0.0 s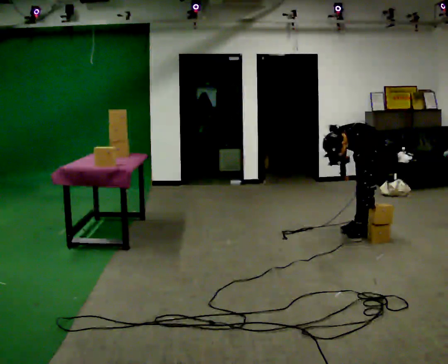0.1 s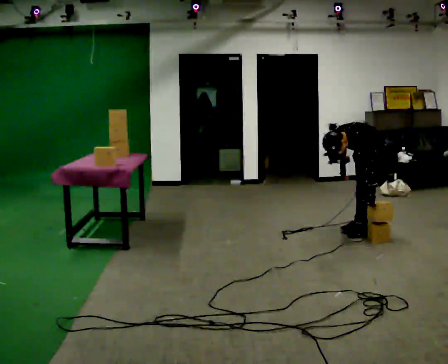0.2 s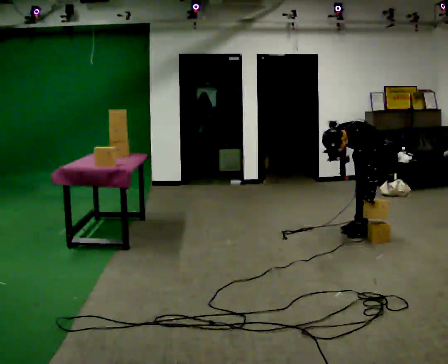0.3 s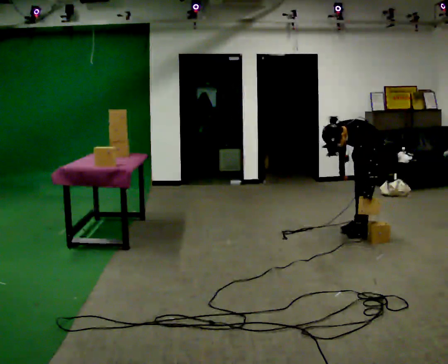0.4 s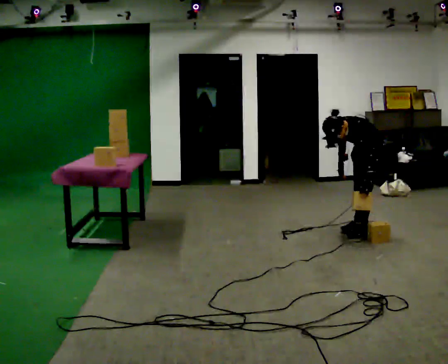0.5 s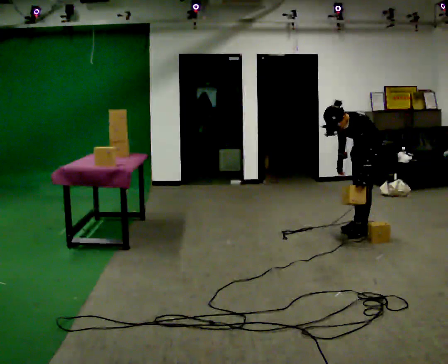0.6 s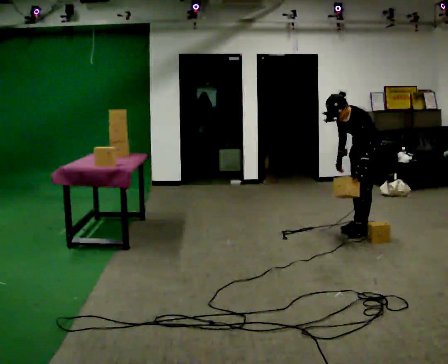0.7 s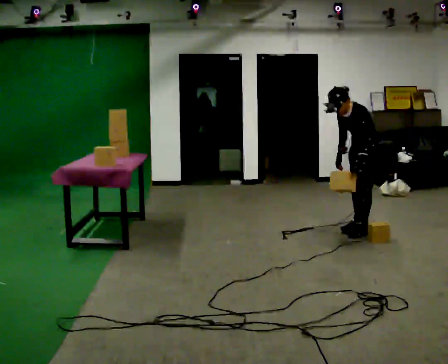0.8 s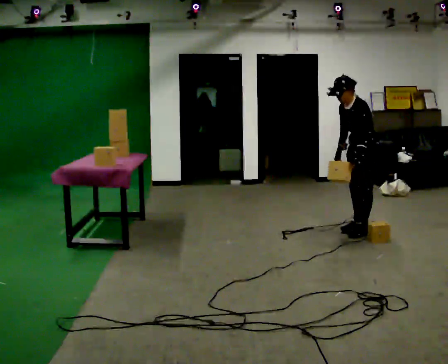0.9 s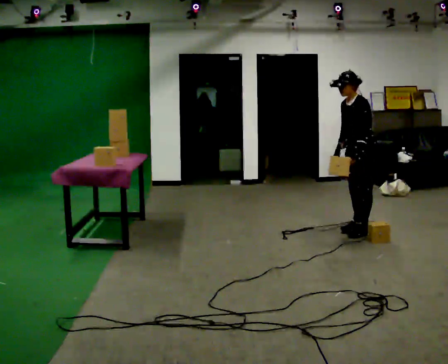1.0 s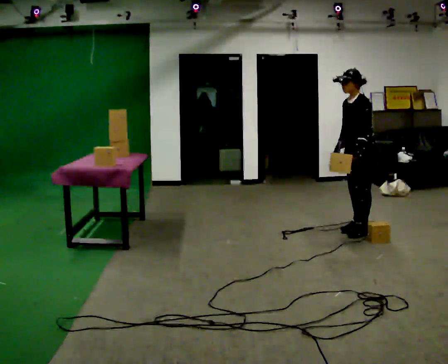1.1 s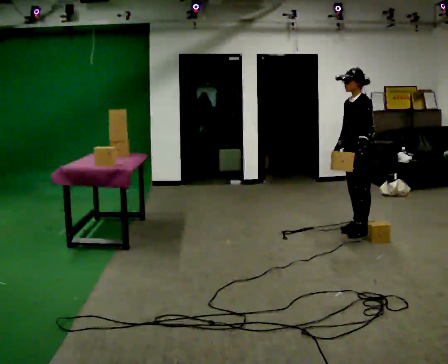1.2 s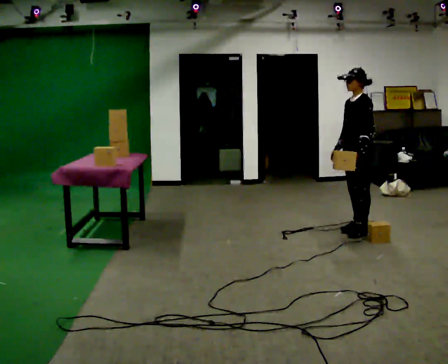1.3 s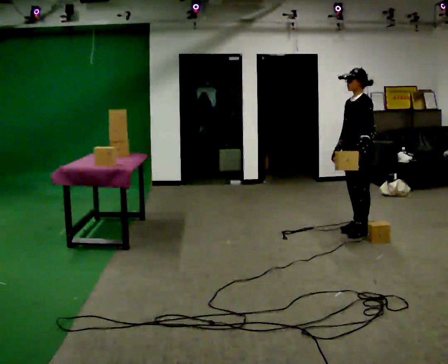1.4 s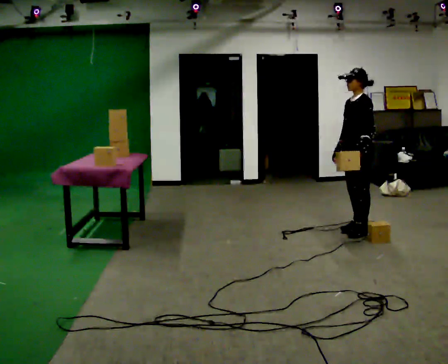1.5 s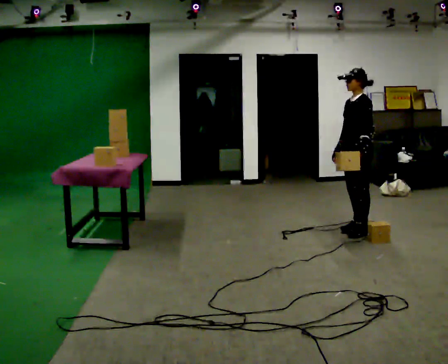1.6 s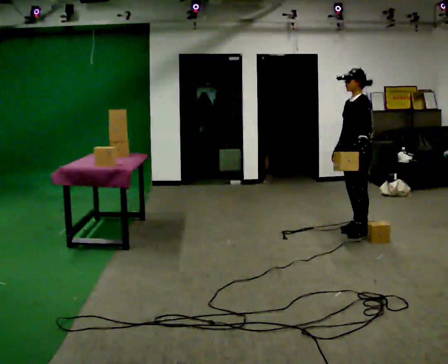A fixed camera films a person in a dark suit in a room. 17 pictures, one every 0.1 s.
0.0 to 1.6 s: The upper body goes upward. The upper body tips away from the camera, its near side rolling upward, as they lean back or straighten. In the picture their left hand goes upward.
The film runs forward here.
